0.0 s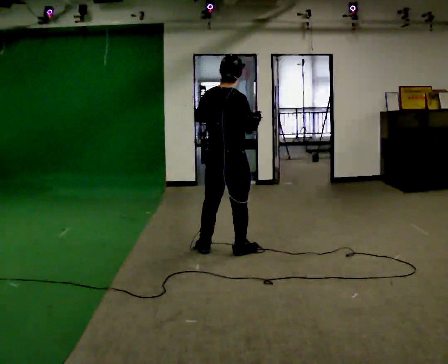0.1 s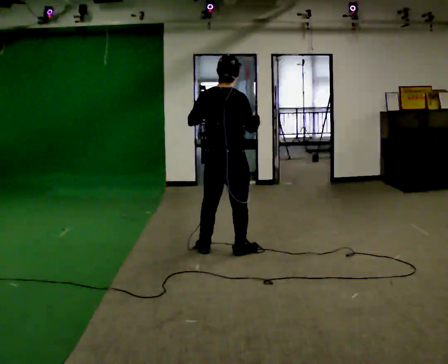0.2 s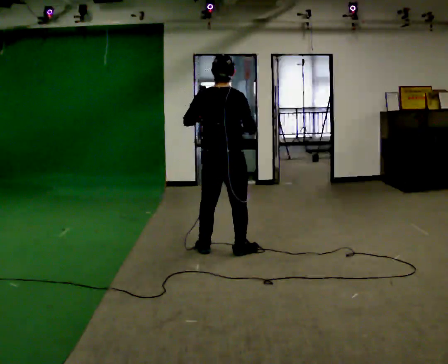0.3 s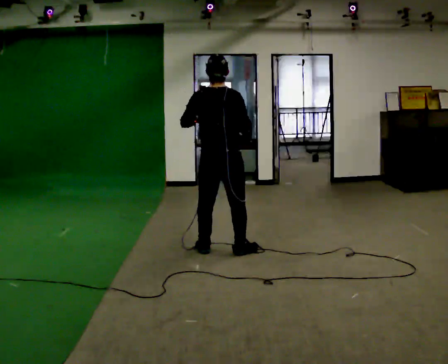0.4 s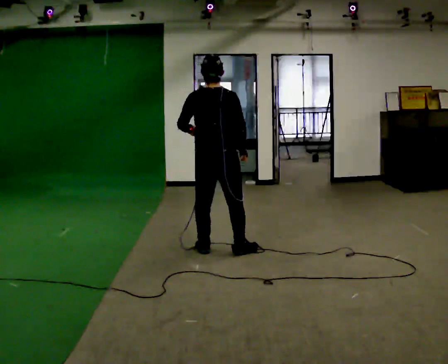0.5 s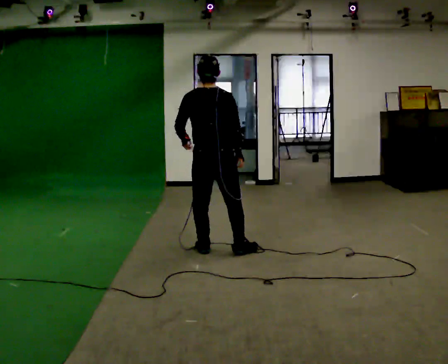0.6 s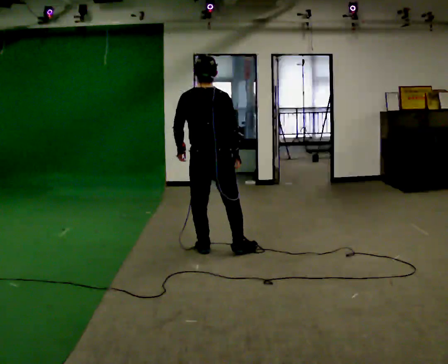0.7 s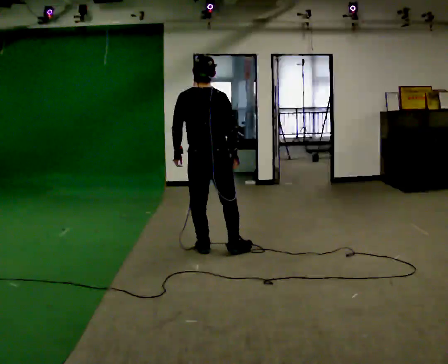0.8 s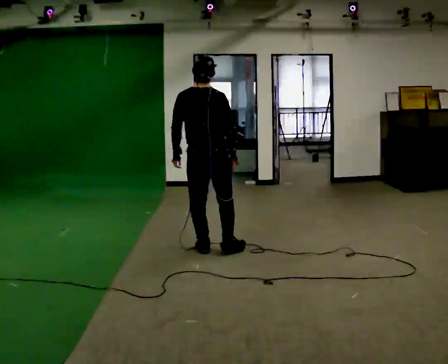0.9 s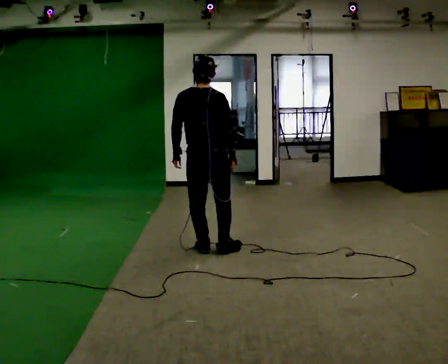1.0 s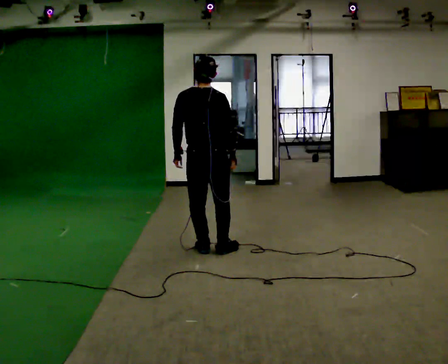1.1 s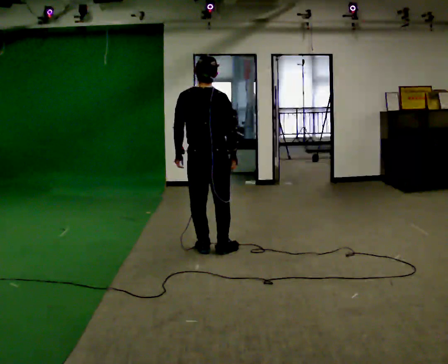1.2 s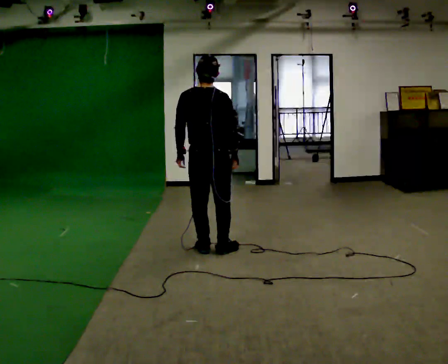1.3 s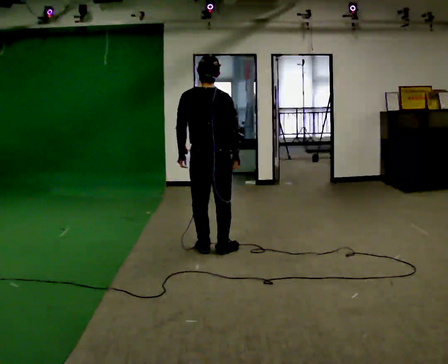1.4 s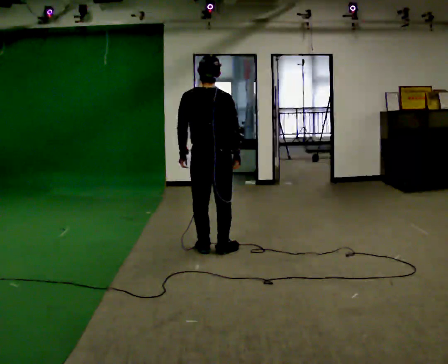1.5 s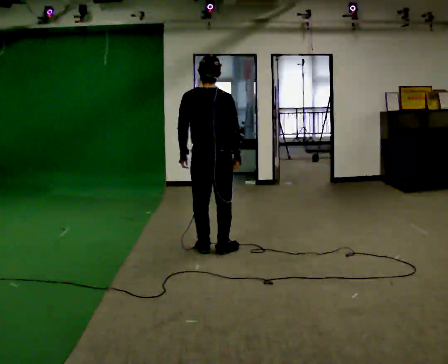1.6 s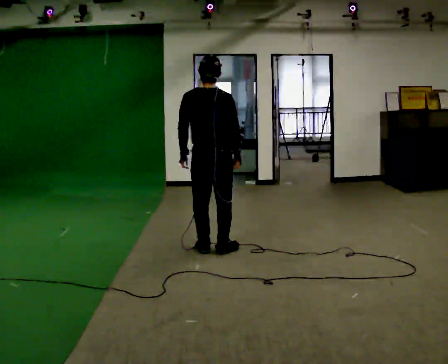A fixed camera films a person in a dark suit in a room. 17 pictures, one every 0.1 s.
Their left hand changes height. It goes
downward.
0.0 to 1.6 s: The person turns about 30 degrees to their left, counterclockwise seen from above, so the part of the body nearest the lens slides to the right. In the picture their left hand goes downward and to the left.
The film runs backward here.
